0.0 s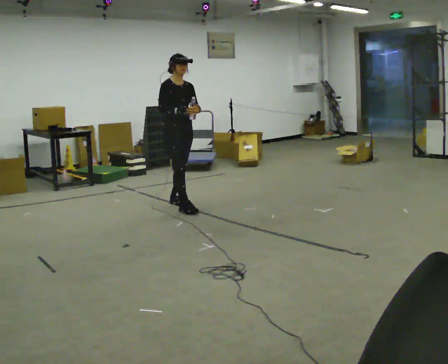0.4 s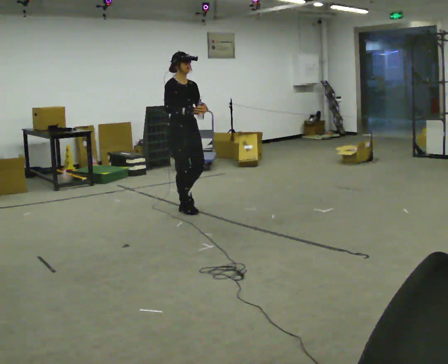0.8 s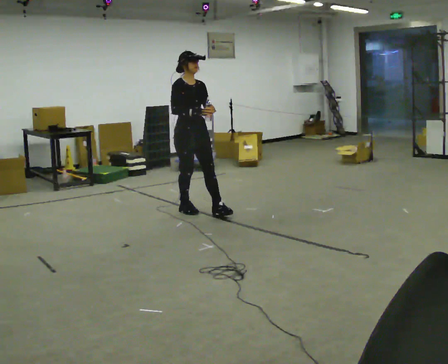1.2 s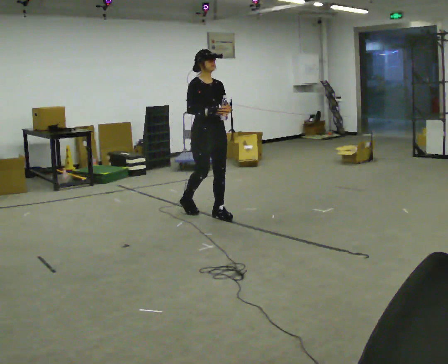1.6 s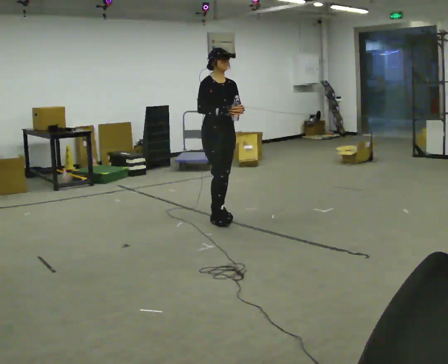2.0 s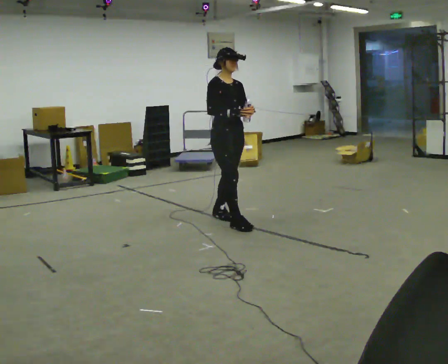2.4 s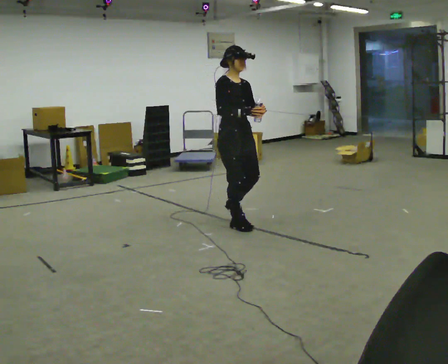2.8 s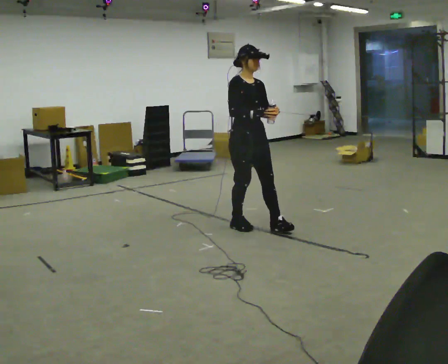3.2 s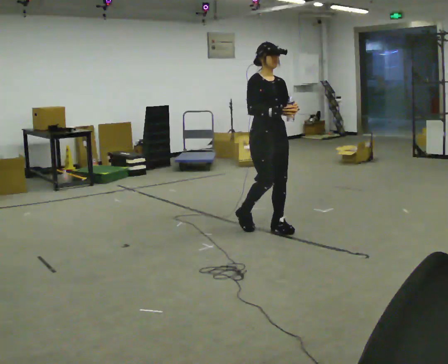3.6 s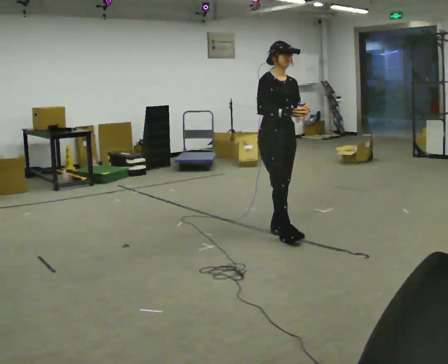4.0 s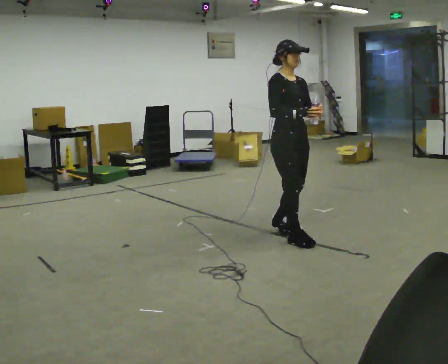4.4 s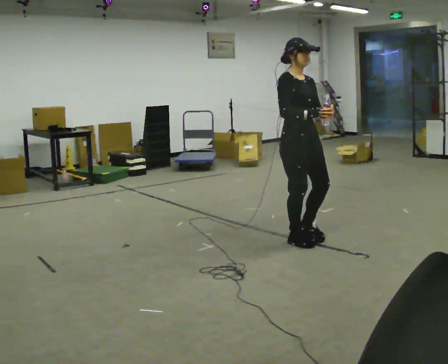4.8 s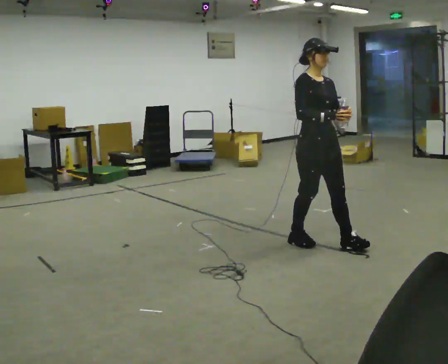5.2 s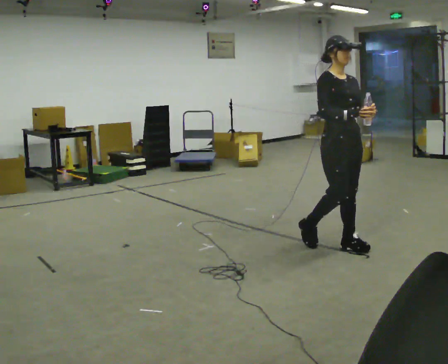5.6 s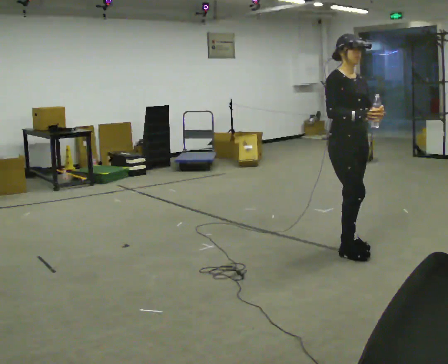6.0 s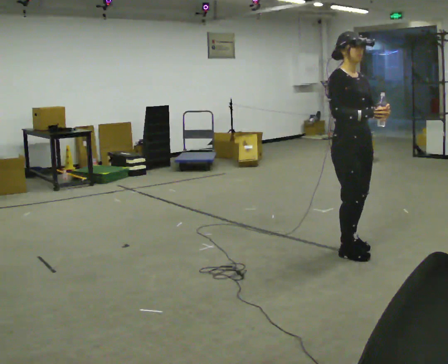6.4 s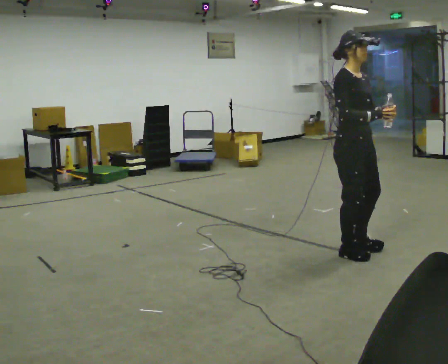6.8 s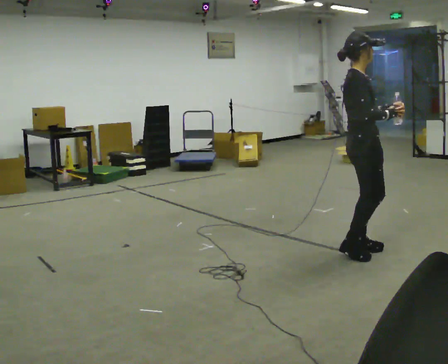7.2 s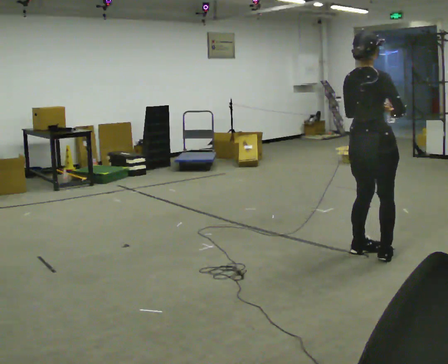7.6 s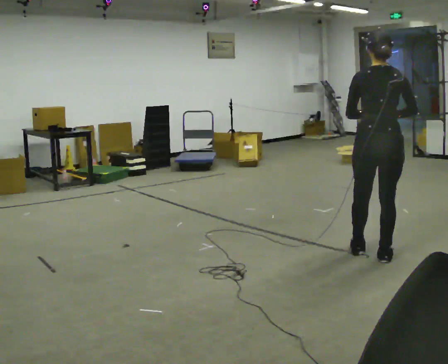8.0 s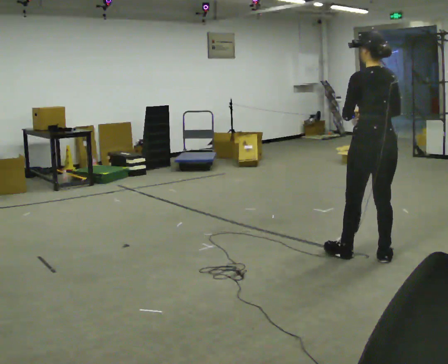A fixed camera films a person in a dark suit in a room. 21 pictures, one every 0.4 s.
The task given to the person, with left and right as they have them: Carry the open container of water across the room without spilling it, back and forth.
0.0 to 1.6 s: In the picture they go to the right and toward the camera, about 0.75 m in 1 step, which for them is forward.
1.6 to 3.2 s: In the picture they go to the right and toward the camera, about 0.5 m in 2 steps, which for them is forward.
3.2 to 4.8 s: In the picture they go toward the camera and to the right, about 0.5 m in 2 steps, which for them is forward.
4.8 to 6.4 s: In the picture they go to the right and toward the camera, about 0.25 m in 1 step, which for them is forward.
6.4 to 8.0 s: The part of the body nearest the lens slides to the right as the person turns to their left by about 150 degrees.
The film runs forward here.
